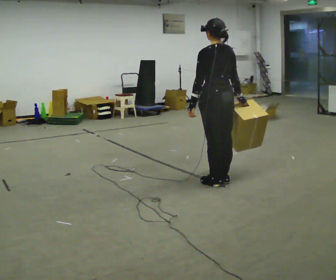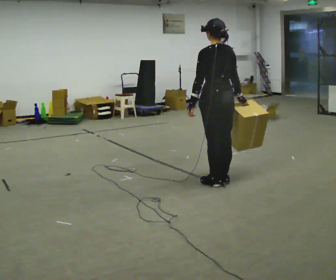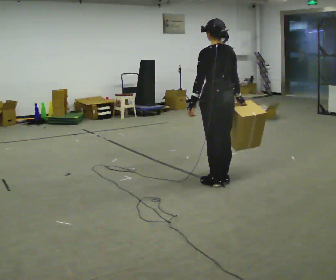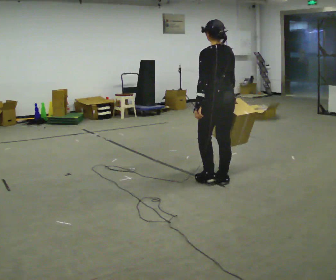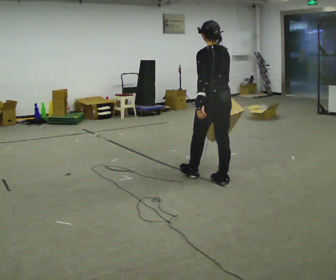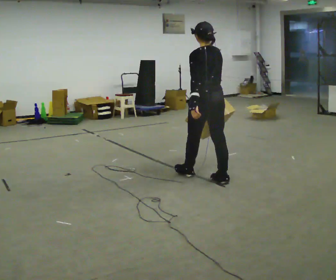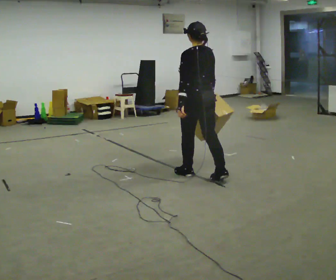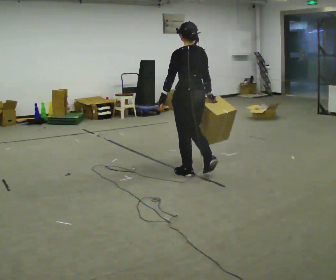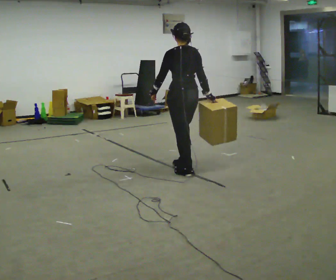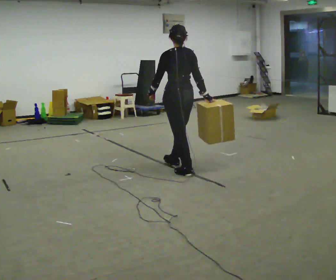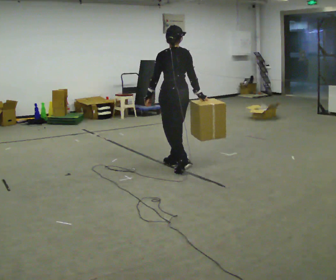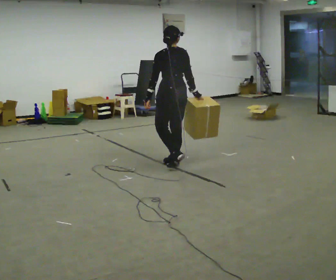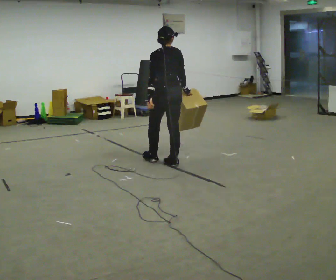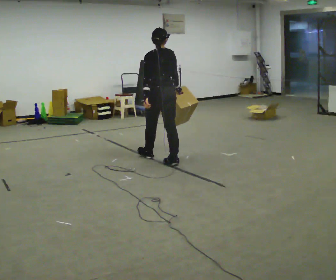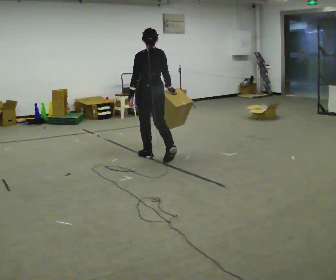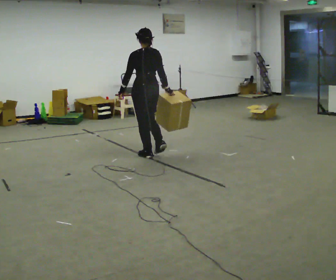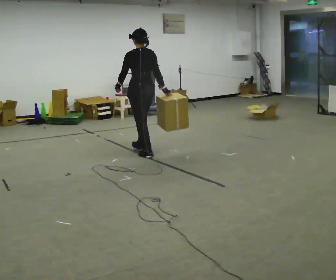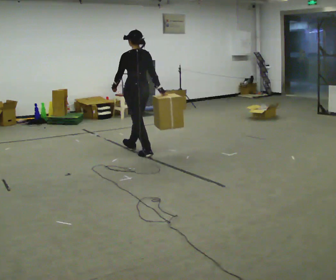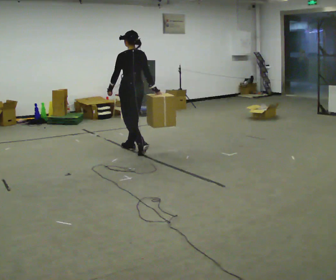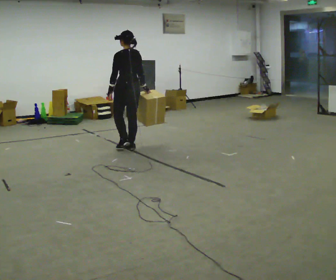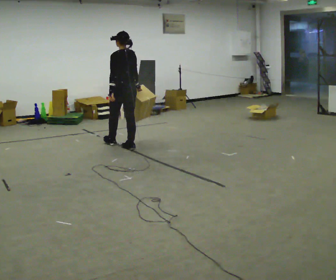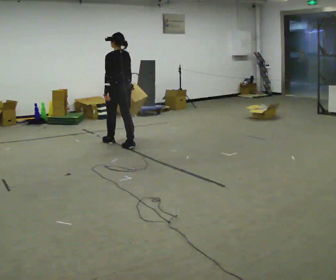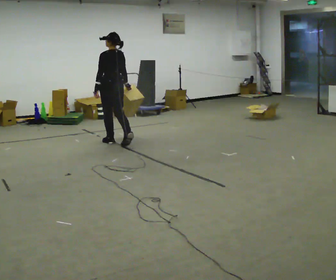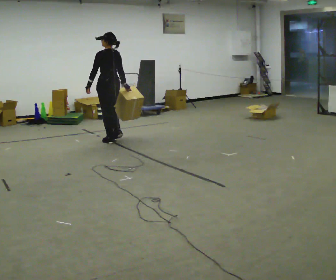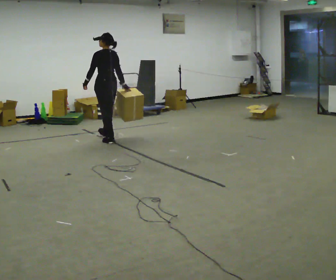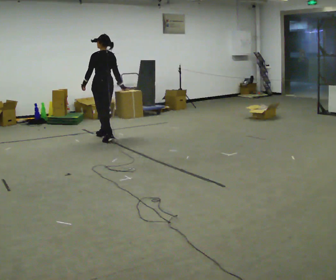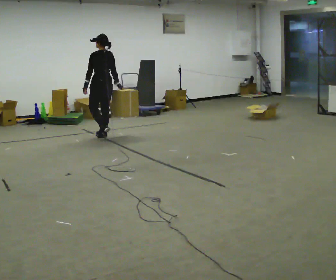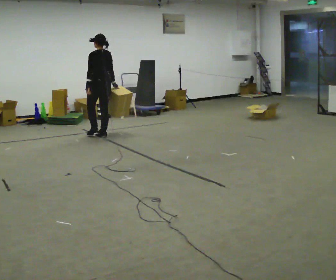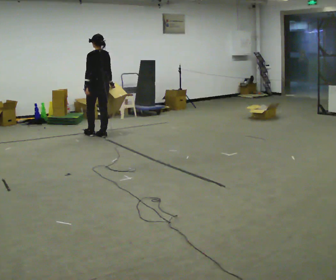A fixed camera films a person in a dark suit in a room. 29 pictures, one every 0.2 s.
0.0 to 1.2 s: In the picture they go to the left and away from the camera, about 0.25 m in 1 step, which for them is forward.
1.2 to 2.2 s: In the picture they go away from the camera and to the left, about 0.5 m in 1 step, which for them is forward.
2.2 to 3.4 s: In the picture they go away from the camera and to the left, about 0.5 m in 2 steps, which for them is forward.
3.4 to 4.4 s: In the picture they go away from the camera and to the left, about 0.75 m in 1 step, which for them is forward.
4.4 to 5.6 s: In the picture they go away from the camera and to the left, about 0.5 m in 2 steps, which for them is forward.
The film runs forward here.
